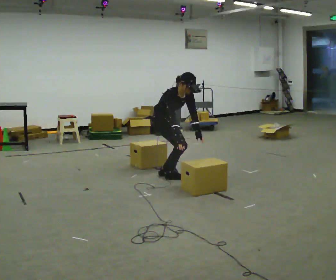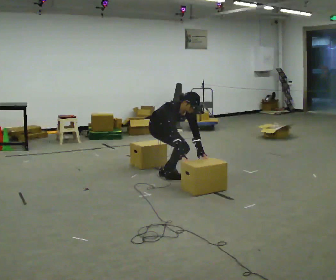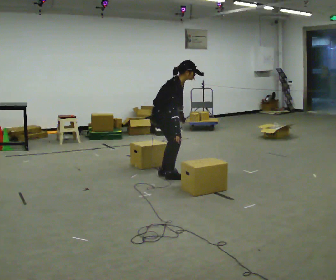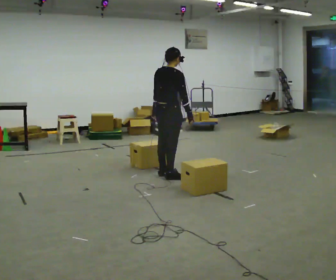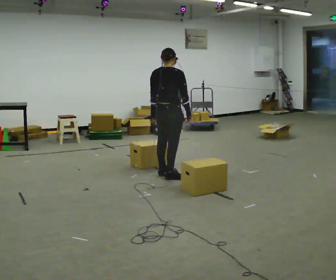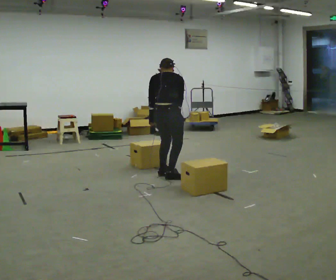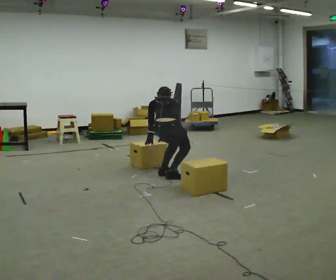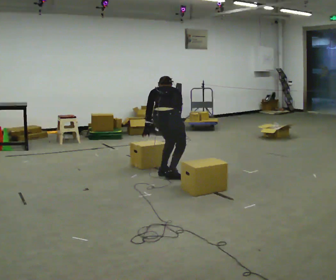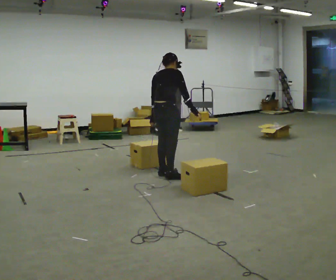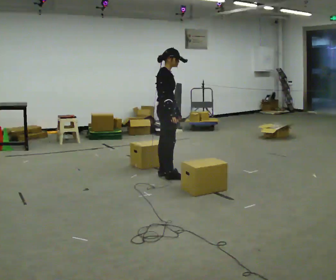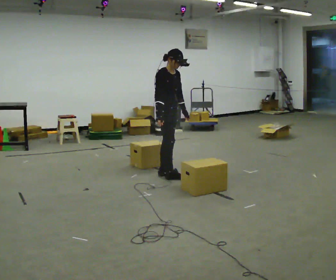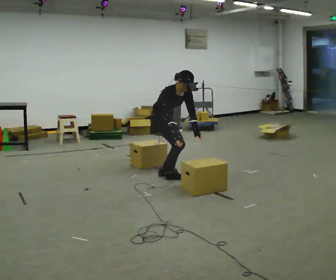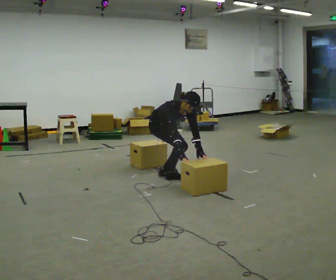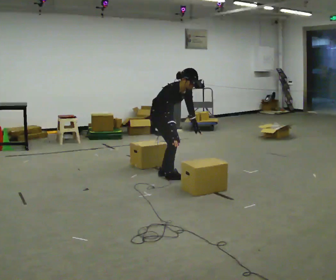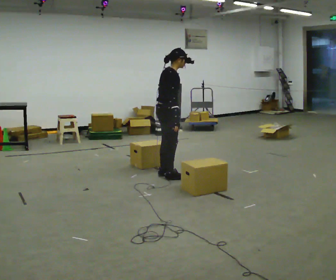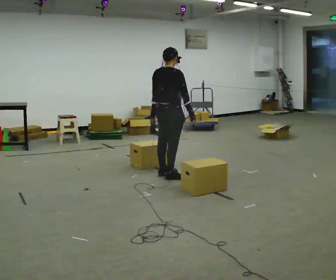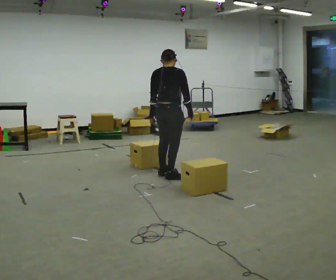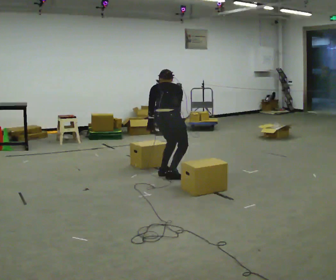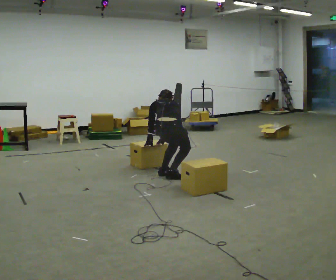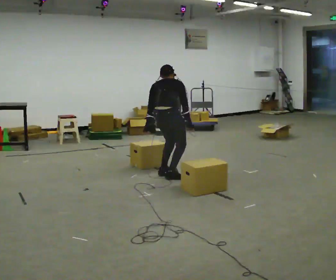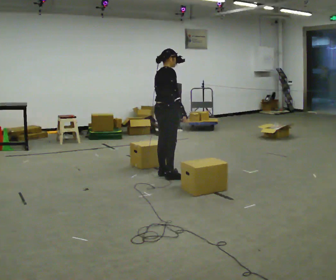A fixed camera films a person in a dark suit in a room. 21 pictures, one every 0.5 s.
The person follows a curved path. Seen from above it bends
clockwise.
0.0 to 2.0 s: The person turns about 90 degrees to their left, counterclockwise seen from above, so the part of the body nearest the lens slides to the right. In the picture their left hand goes to the left, the arm swinging clockwise.
2.0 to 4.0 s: The person moves a little, or ends about where they began.
4.0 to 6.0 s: The part of the body nearest the lens slides to the left as the person turns to their right by about 90 degrees. The upper body goes downward. The upper body tips toward the camera, its near side rolling downward. In the picture their left hand goes to the right and downward, the arm swinging counterclockwise.
6.0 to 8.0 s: Seen from above the body turns counterclockwise, about 105 degrees: to their left, with its near side sliding to the right. The upper body goes upward. In the picture the upper body tilts counterclockwise, shoulders to the left, as they lean back or straighten. In the picture their left hand goes to the left and upward, the arm swinging clockwise.
8.0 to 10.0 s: The part of the body nearest the lens slides to the left as the person turns to their right by about 45 degrees.
The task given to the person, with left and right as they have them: The object is placed just too far away for you to reach. Try to reach it while keeping both feet planted, and step only when you have to. Repeat at your own pace until the operator says stop. Go slowly and only as far as you are comfortable. Step whenever you need to; do not try to hold on longer than feels safe.
The film runs forward here.
